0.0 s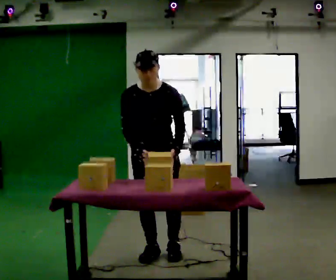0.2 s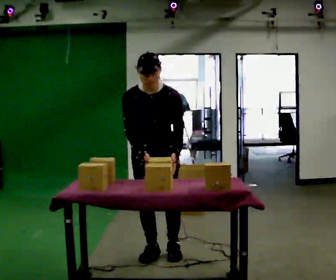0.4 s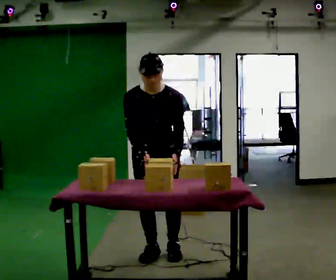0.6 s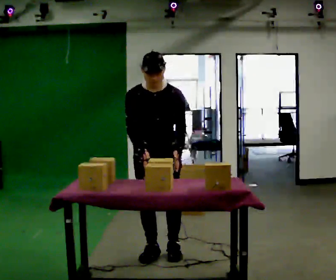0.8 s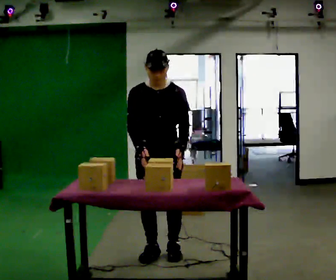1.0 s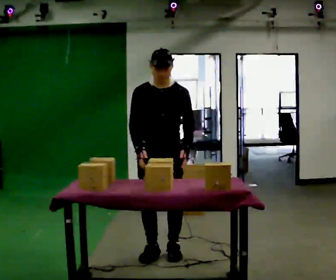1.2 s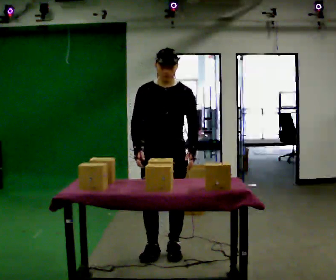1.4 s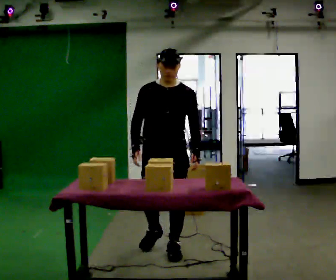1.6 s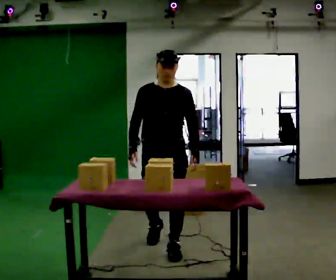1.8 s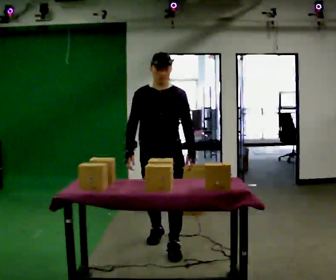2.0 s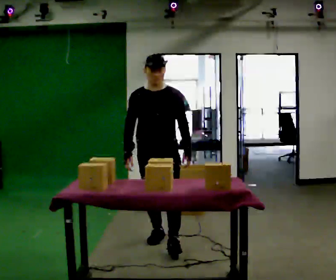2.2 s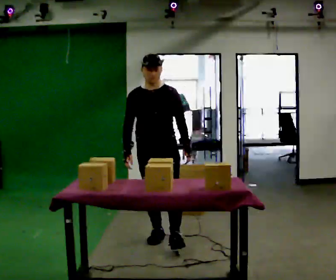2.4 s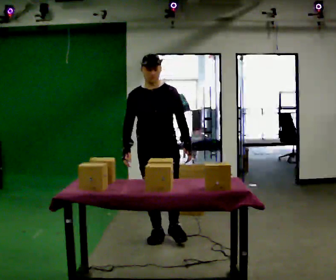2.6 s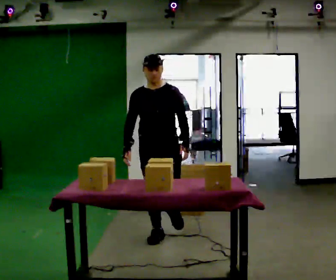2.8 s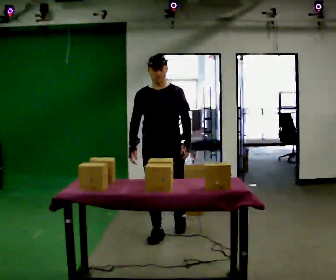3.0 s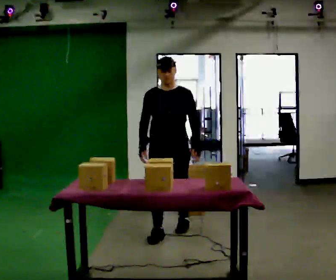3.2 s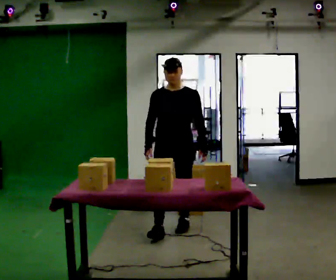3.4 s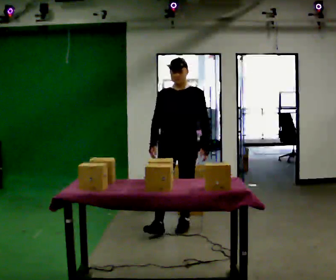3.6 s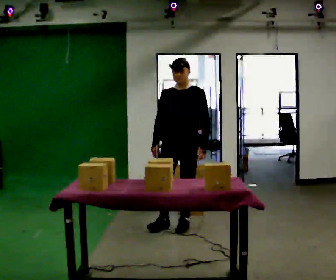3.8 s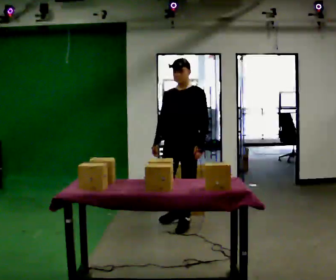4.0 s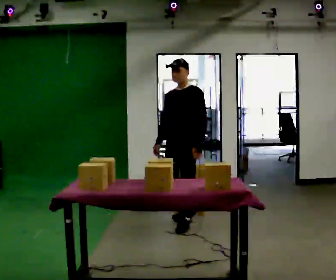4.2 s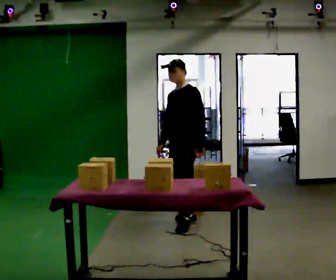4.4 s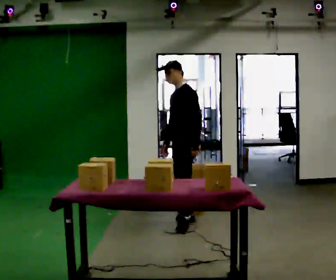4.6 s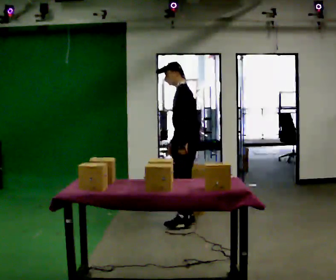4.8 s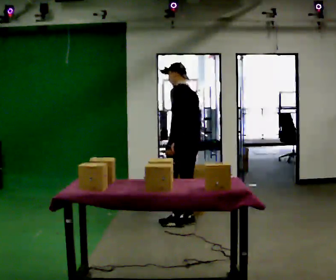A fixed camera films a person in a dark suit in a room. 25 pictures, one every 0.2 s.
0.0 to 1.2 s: The person moves a little, or ends about where they began.
1.2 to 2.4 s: In the picture they go away from the camera, about 0.5 m in 2 steps, which for them is backward.
2.4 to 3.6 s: In the picture they go away from the camera and to the right, about 0.5 m in 1 step, which for them is backward and to their left.
3.6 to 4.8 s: The part of the body nearest the lens slides to the left as the person turns to their right by about 105 degrees. In the picture they go away from the camera, about 0.25 m in 1 step. In the picture their left hand goes to the left, the arm swinging clockwise.
The film runs backward here.
